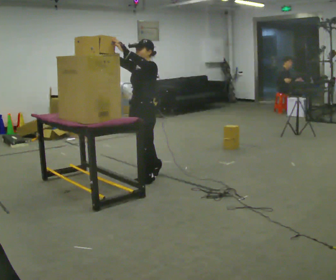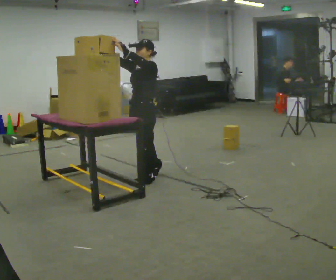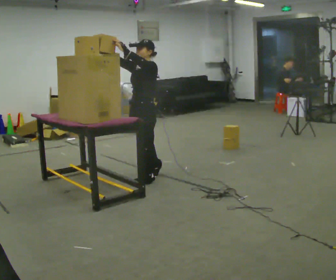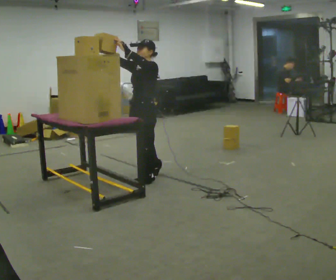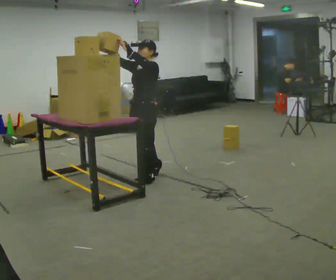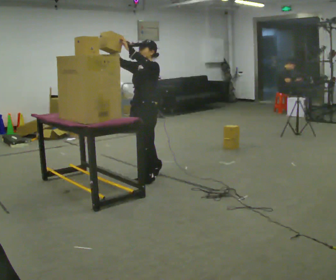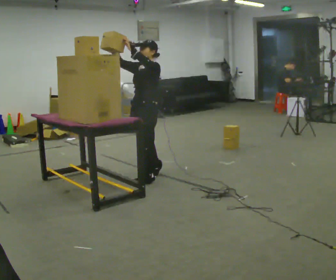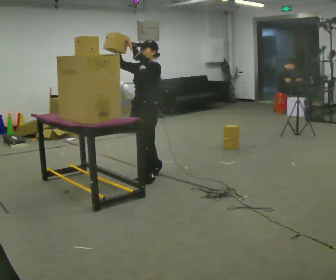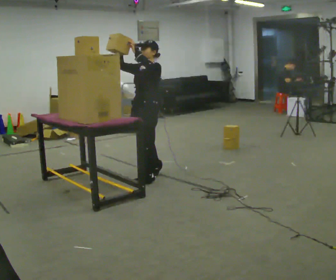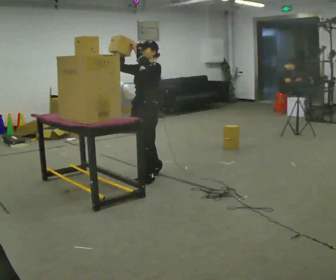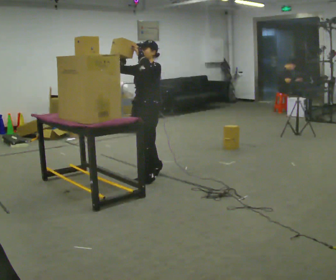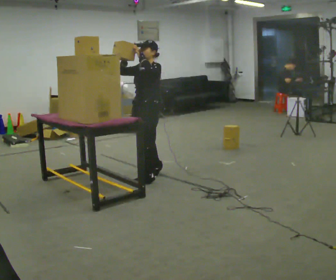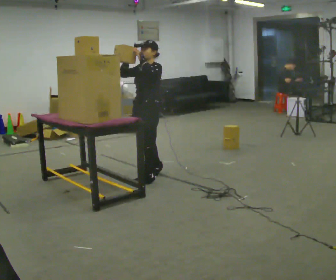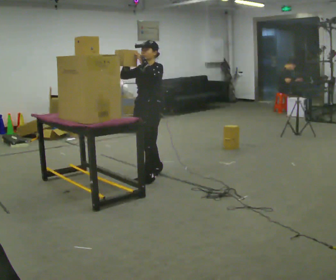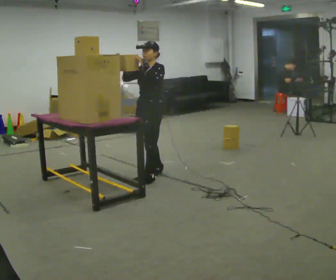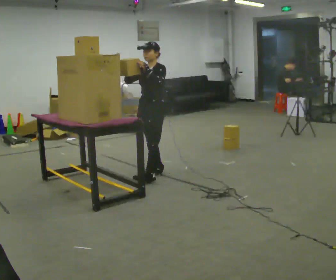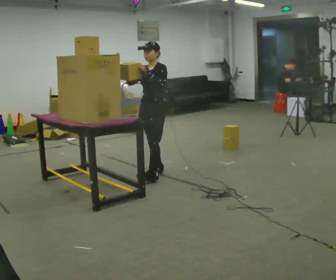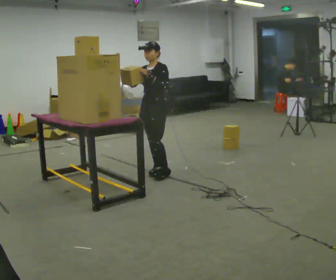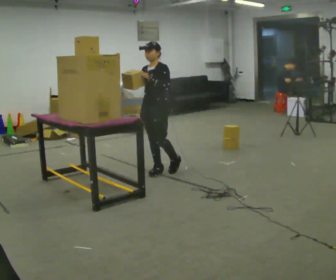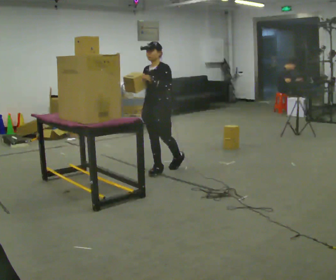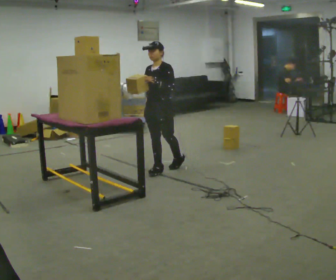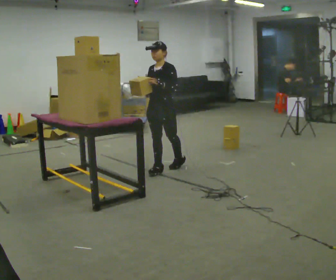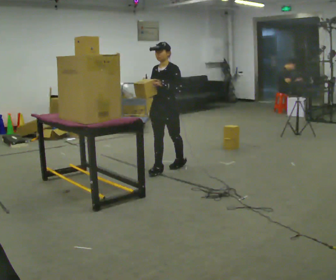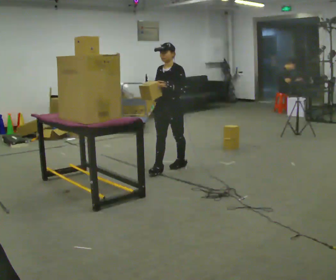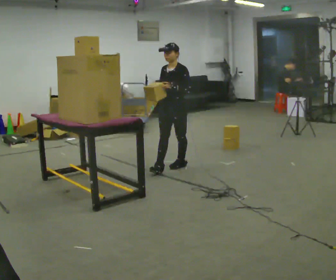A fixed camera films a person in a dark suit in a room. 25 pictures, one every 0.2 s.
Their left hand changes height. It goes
downward.
Their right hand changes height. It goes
downward.
0.0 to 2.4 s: The person moves a little, or ends about where they began.
2.4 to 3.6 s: In the picture they go away from the camera, about 0.25 m in 1 step, which for them is backward and to their right.
3.6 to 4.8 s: In the picture they go to the right and away from the camera, about 0.25 m, which for them is backward.
The film runs backward here.
